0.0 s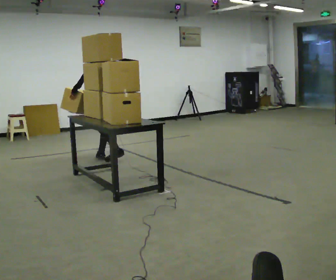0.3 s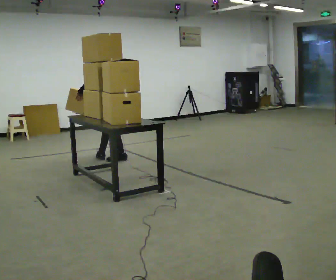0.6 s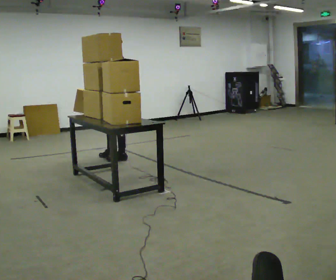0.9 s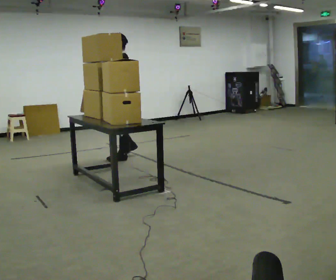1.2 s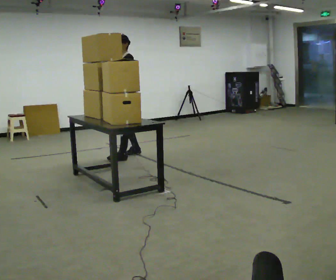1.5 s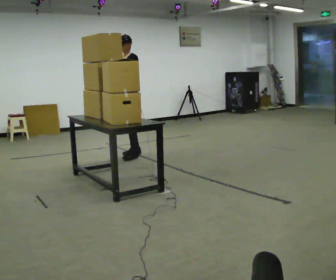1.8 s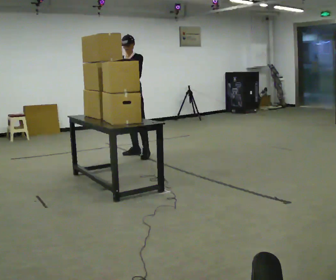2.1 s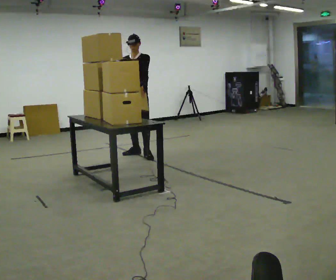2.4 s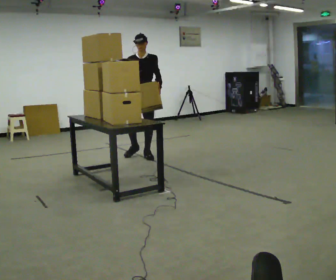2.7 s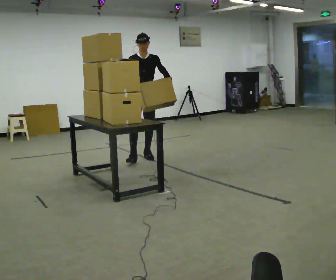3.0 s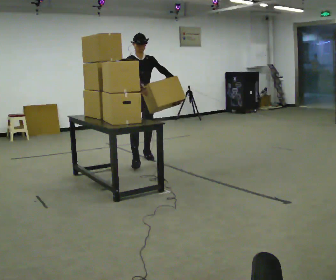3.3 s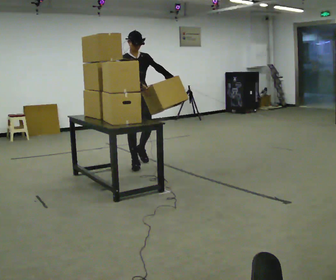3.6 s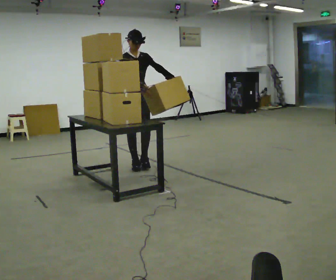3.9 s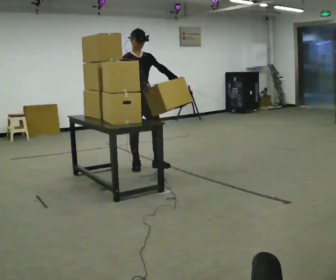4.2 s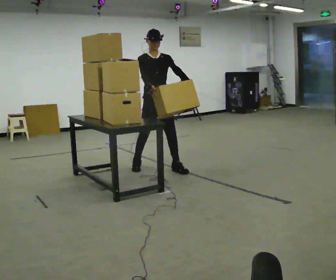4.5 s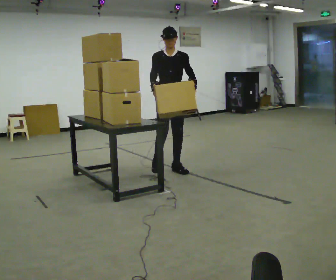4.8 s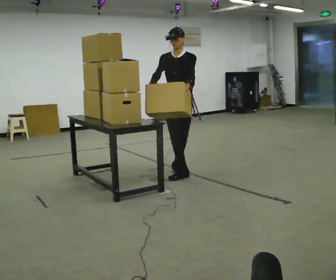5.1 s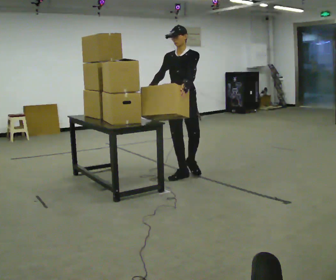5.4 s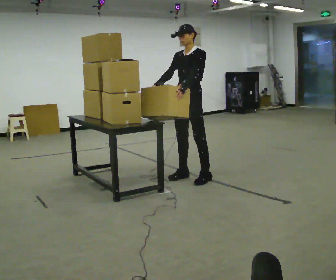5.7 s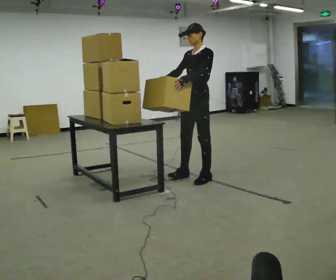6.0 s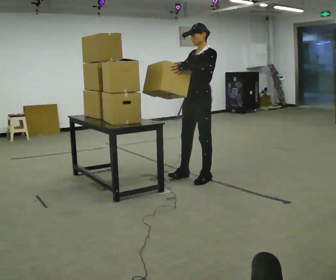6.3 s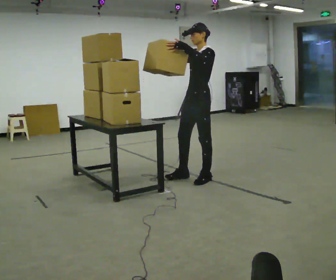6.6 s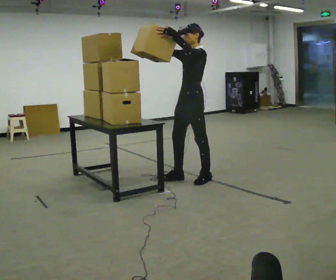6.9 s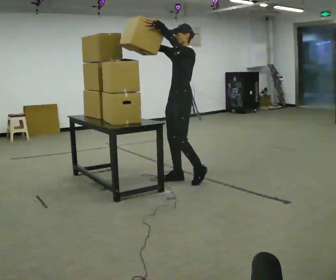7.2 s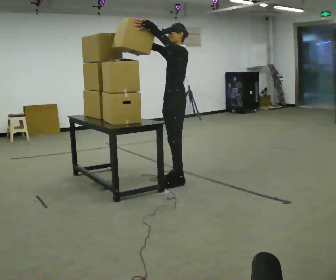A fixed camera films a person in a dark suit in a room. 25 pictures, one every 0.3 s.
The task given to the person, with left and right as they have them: Pick up the next box in the row and carry it to the table. The operator will not tell you how heavy each one is. Keep going until the operator says stop; one object at a time, and do not rush between trips.
0.0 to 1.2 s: The person turns about 45 degrees to their left, counterclockwise seen from above, so the part of the body nearest the lens slides to the right. In the picture they go to the right and away from the camera, about 0.25 m in 2 steps, which for them is backward and to their right.
1.2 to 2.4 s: The part of the body nearest the lens slides to the right as the person turns to their left by about 60 degrees. In the picture they go to the right, about 0.25 m in 1 step.
2.4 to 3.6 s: Seen from above the body turns counterclockwise, about 30 degrees: to their left, with its near side sliding to the right. In the picture they go toward the camera, about 0.5 m in 1 step, which for them is forward and to their right.
3.6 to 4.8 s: The person turns about 45 degrees to their right, clockwise seen from above, so the part of the body nearest the lens slides to the left. In the picture they go to the right and toward the camera, about 0.75 m in 2 steps, which for them is forward and to their left.
4.8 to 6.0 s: Seen from above the body turns clockwise, about 45 degrees: to their right, with its near side sliding to the left. In the picture they go toward the camera and to the right, about 0.25 m in 1 step, which for them is to their left.
6.0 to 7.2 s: In the picture they go to the left, about 0.25 m in 1 step, which for them is forward. In the picture their right hand goes upward, the arm swinging clockwise.
The film runs forward here.
